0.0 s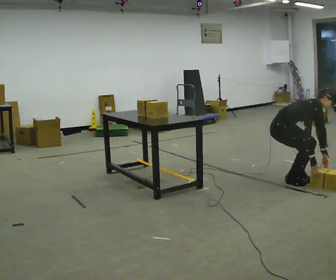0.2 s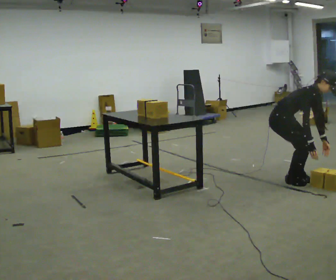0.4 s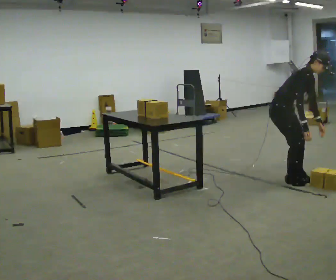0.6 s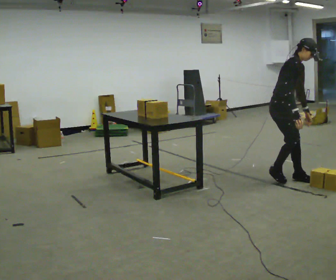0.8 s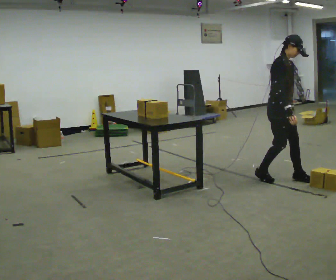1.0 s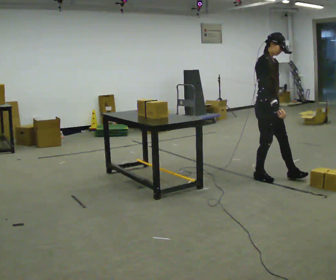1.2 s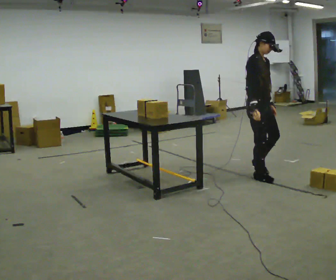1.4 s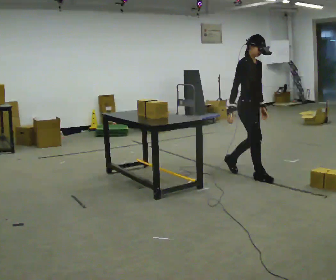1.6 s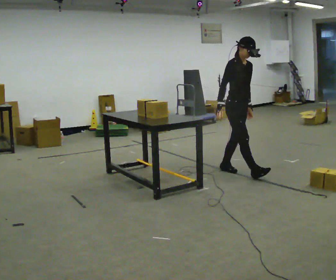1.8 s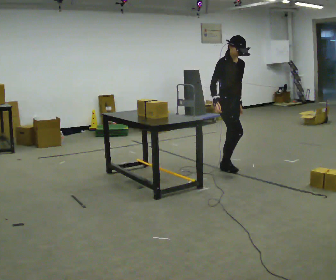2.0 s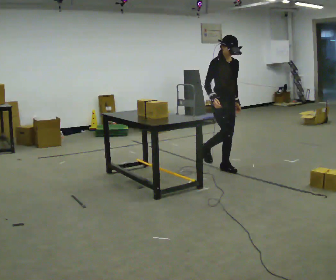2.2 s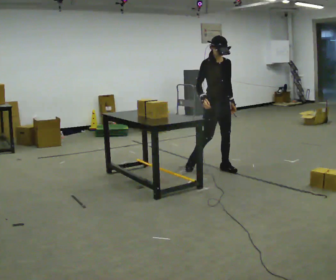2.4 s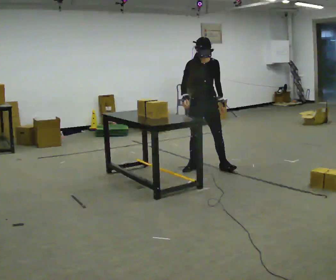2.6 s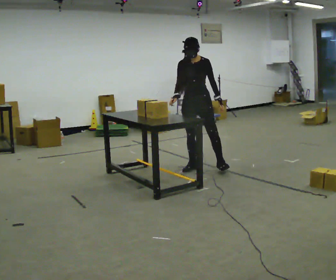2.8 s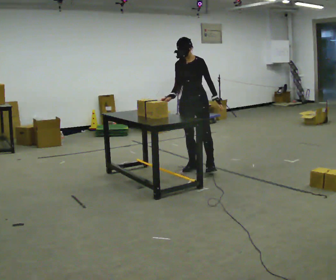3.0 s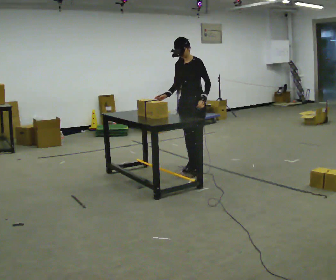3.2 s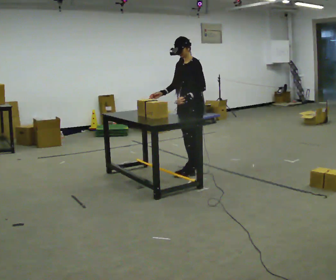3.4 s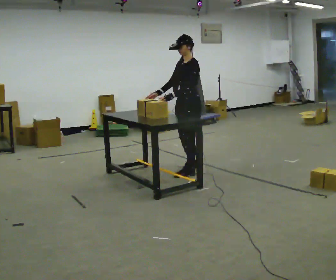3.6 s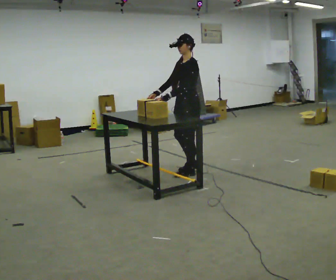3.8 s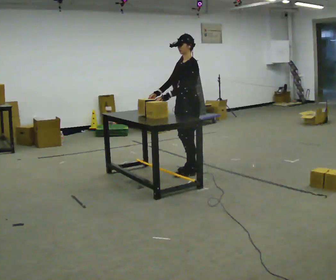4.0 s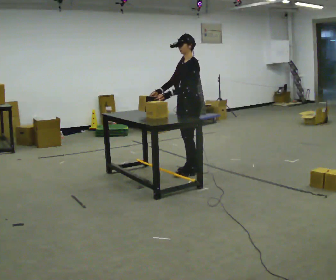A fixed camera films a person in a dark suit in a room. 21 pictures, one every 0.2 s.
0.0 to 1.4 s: In the picture they go to the left and away from the camera, about 0.5 m in 2 steps, which for them is backward. The upper body goes upward. In the picture the upper body tilts counterclockwise, shoulders to the left, as they lean back or straighten. In the picture their right hand goes upward.
1.4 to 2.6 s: The part of the body nearest the lens slides to the left as the person turns to their right by about 60 degrees. In the picture they go to the left and away from the camera, about 0.75 m in 2 steps.
2.6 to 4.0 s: Seen from above the body turns clockwise, about 60 degrees: to their right, with its near side sliding to the left. In the picture their left hand goes to the left, the arm swinging clockwise.
The film runs backward here.
